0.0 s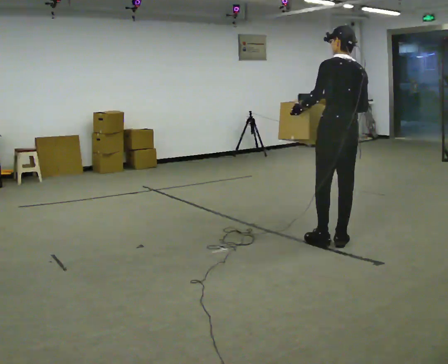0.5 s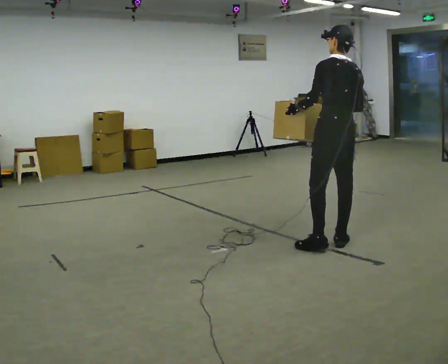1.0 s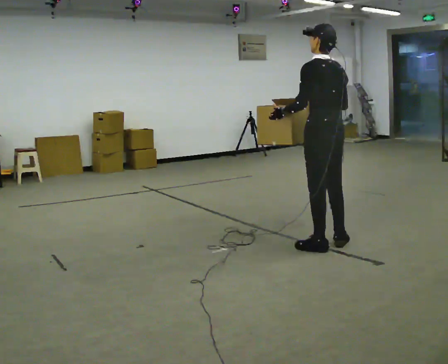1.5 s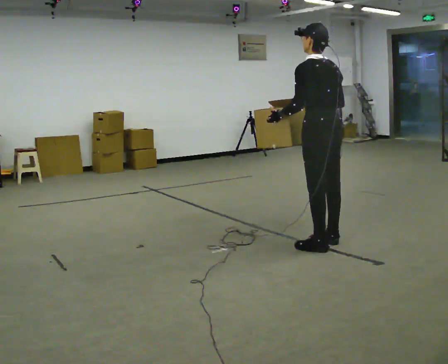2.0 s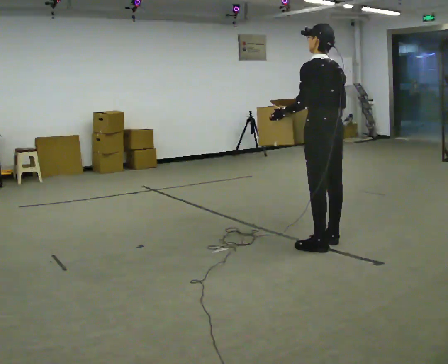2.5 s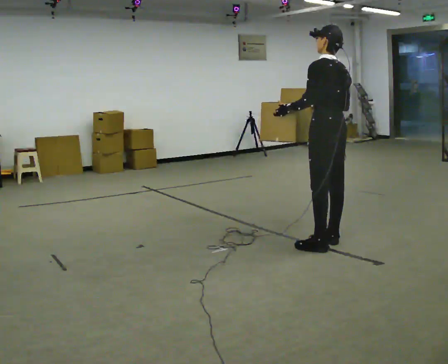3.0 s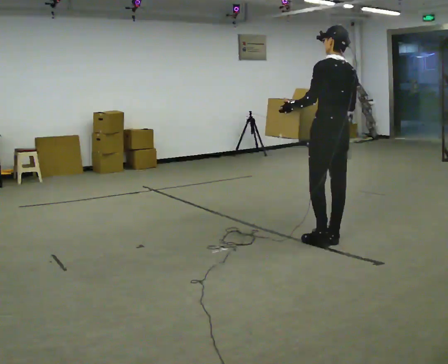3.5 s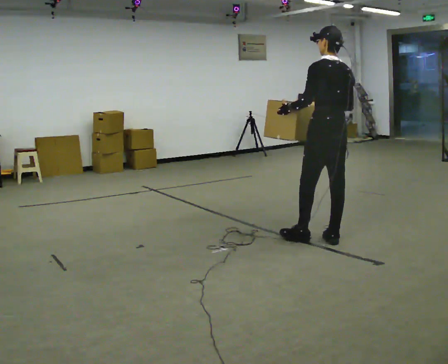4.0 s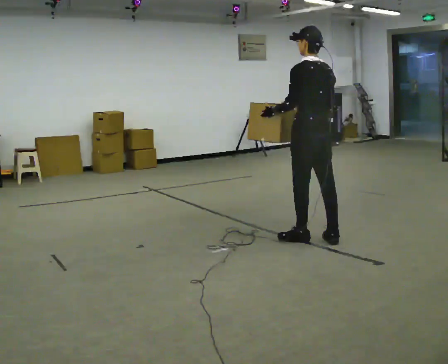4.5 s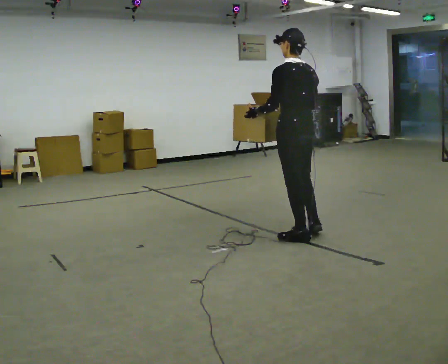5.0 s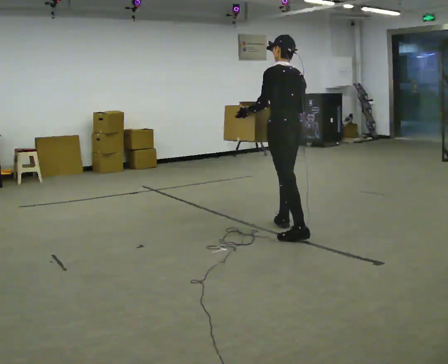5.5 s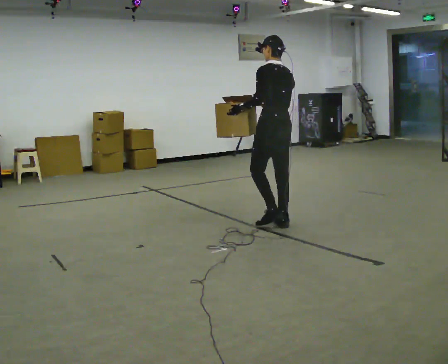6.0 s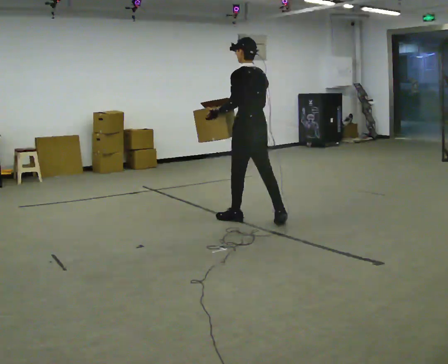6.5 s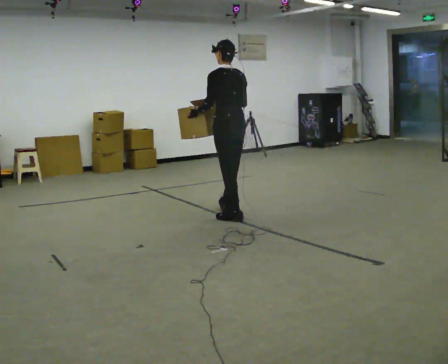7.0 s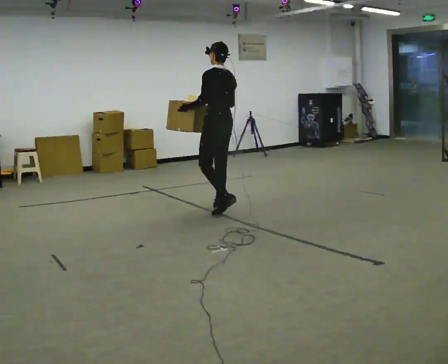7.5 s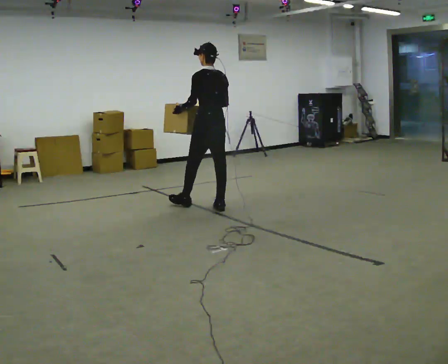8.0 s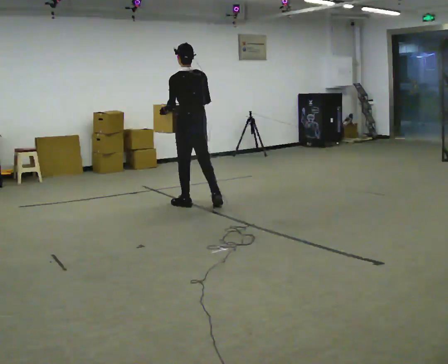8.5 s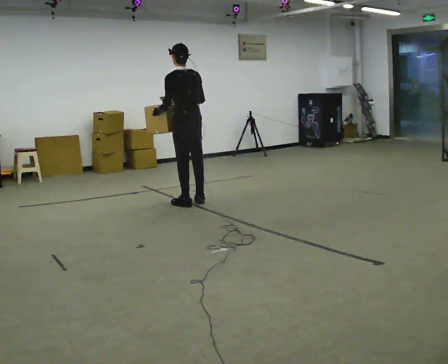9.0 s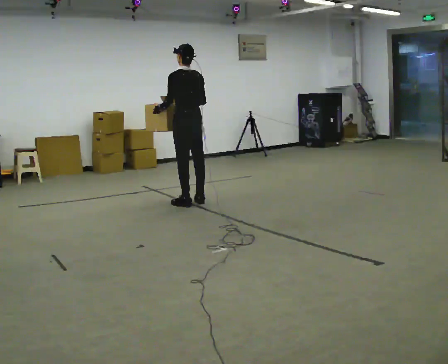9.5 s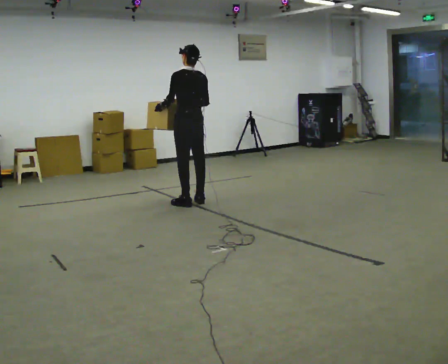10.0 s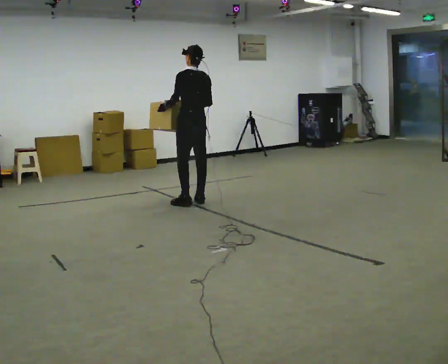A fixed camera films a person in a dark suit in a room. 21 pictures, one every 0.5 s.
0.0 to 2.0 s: The person moves a little, or ends about where they began.
2.0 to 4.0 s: In the picture they go away from the camera, about 0.25 m in 1 step, which for them is forward.
4.0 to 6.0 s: In the picture they go away from the camera and to the left, about 1 m in 2 steps, which for them is forward.
6.0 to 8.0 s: In the picture they go to the left and away from the camera, about 1 m in 2 steps, which for them is forward.
8.0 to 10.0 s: In the picture they go away from the camera, about 0.25 m in 1 step, which for them is forward and to their right.
The film runs forward here.
